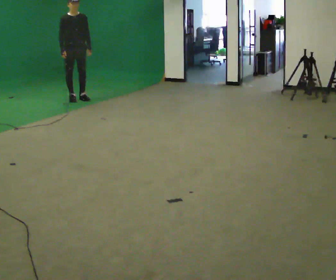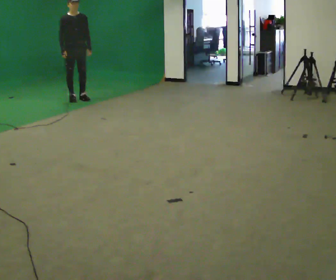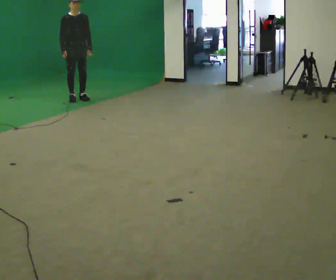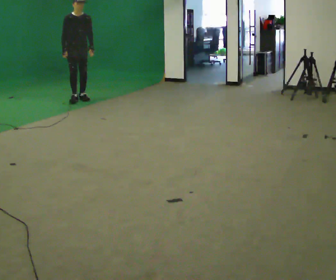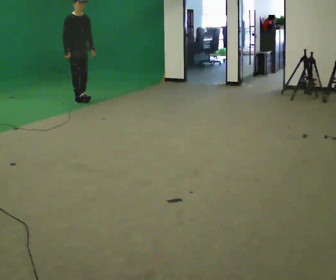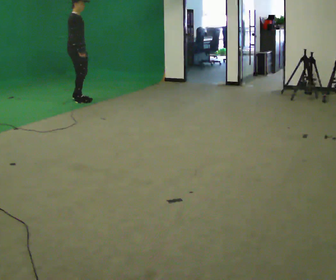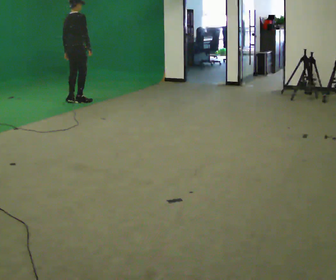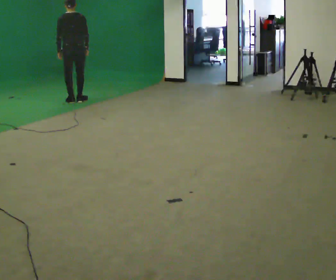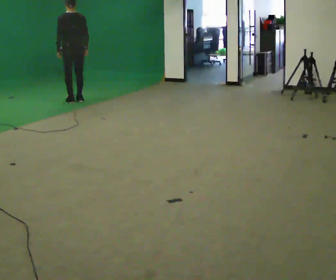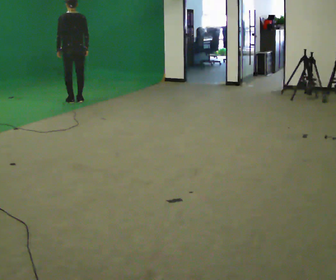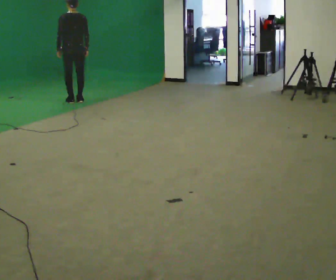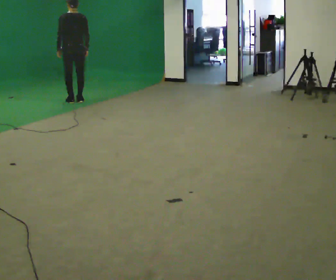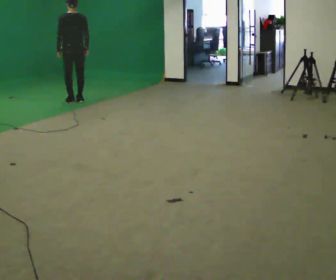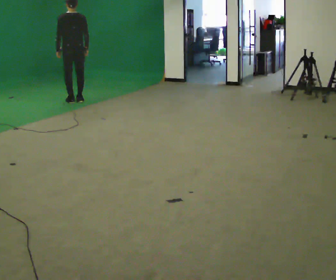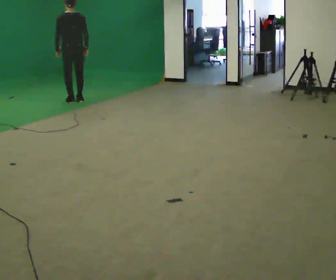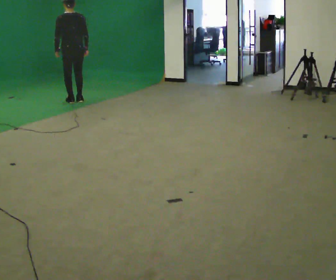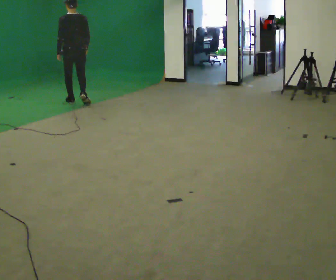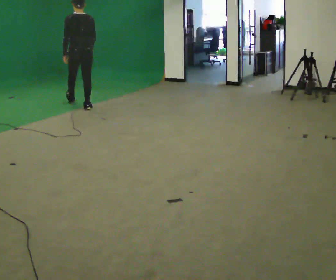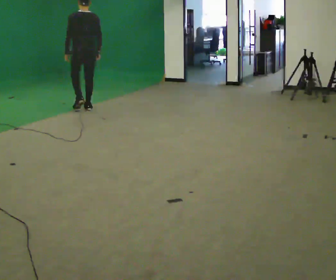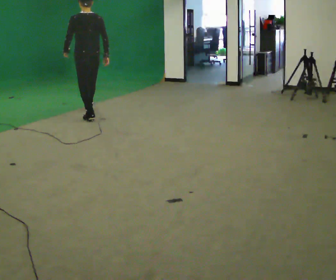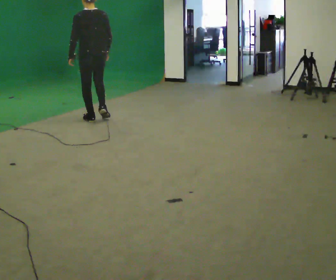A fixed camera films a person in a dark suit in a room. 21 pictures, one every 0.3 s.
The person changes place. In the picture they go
toward the camera.
The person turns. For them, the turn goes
to their left.
0.0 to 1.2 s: The person moves a little, or ends about where they began.
1.2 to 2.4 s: The person turns about 165 degrees to their left, counterclockwise seen from above, so the part of the body nearest the lens slides to the right. In the picture their right hand goes to the right, the arm swinging counterclockwise.
2.4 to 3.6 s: The person moves a little, or ends about where they began.
3.6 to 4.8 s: In the picture they go toward the camera, about 0.25 m in 1 step, which for them is backward.
4.8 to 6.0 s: In the picture they go toward the camera, about 1 m in 2 steps, which for them is backward.
The film runs backward here.
